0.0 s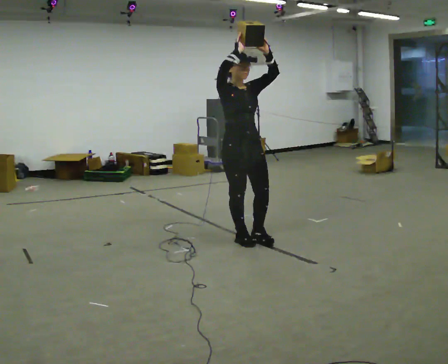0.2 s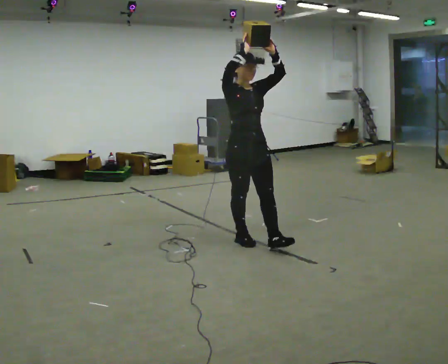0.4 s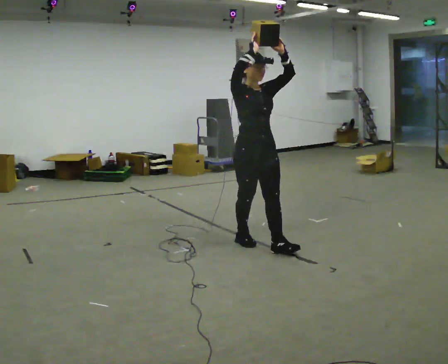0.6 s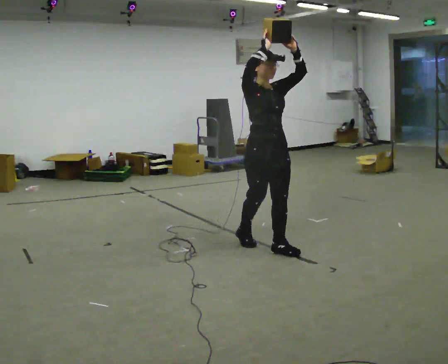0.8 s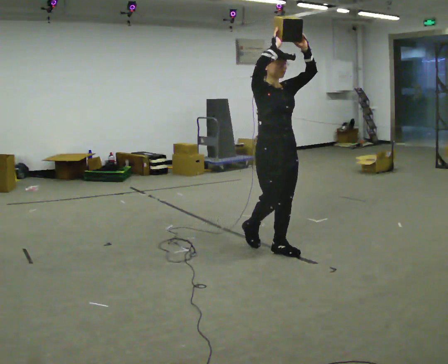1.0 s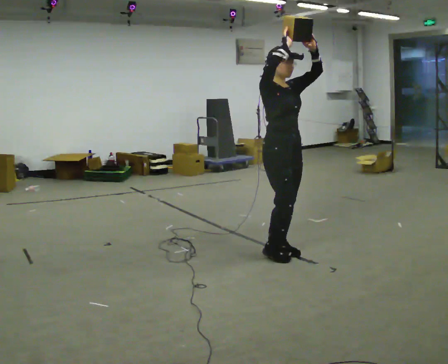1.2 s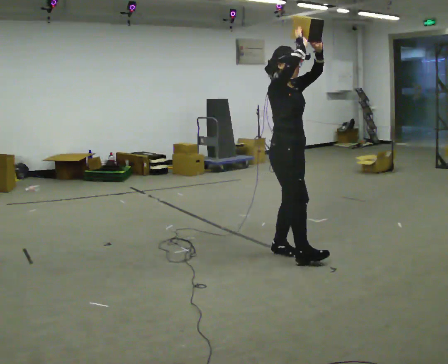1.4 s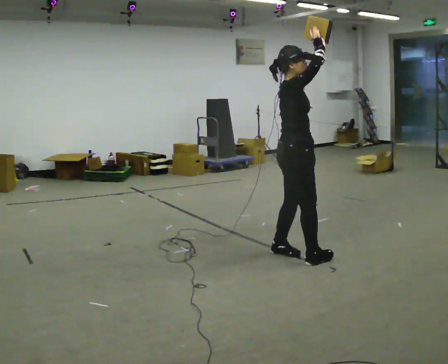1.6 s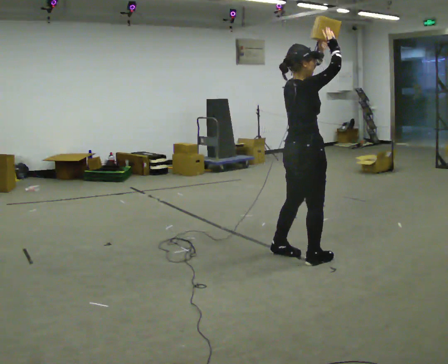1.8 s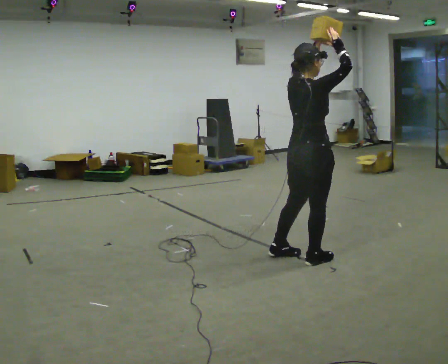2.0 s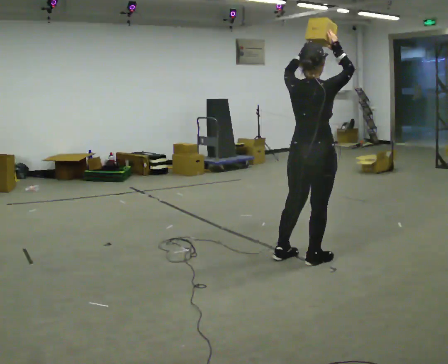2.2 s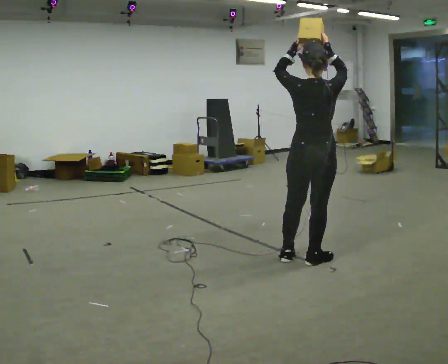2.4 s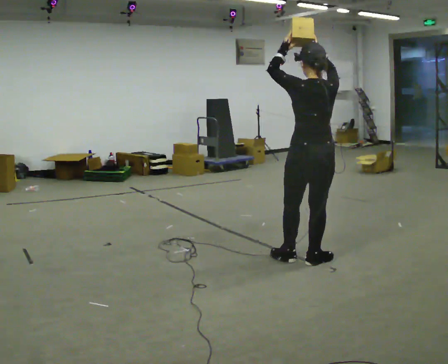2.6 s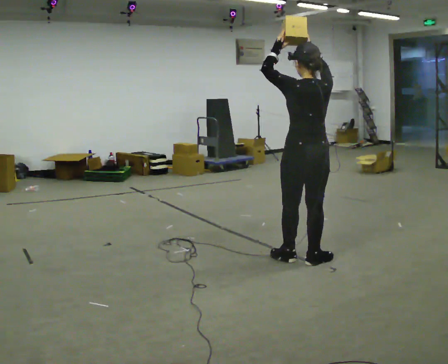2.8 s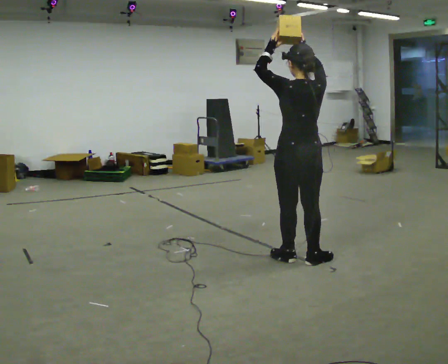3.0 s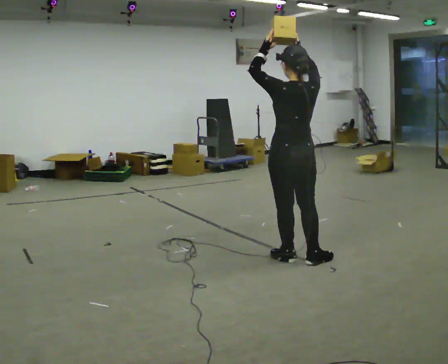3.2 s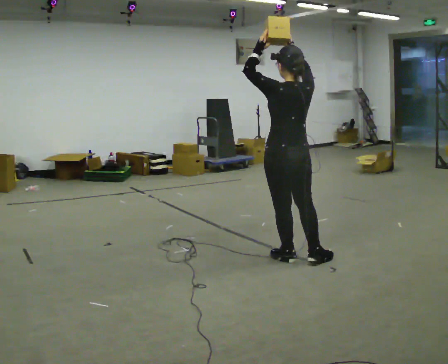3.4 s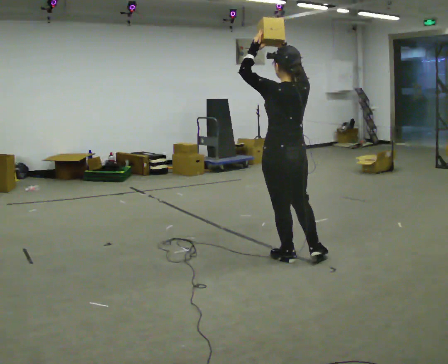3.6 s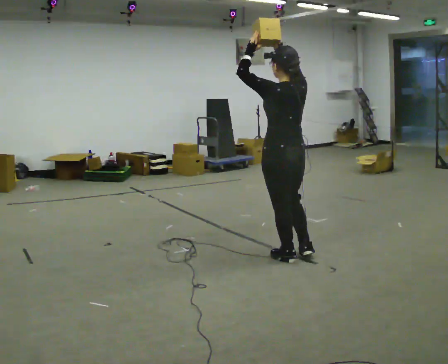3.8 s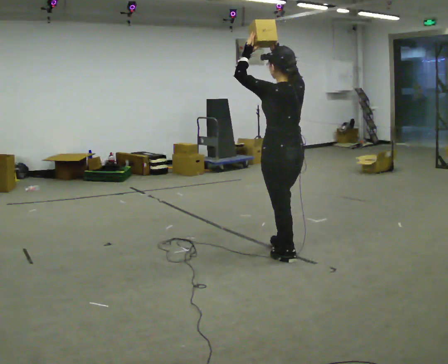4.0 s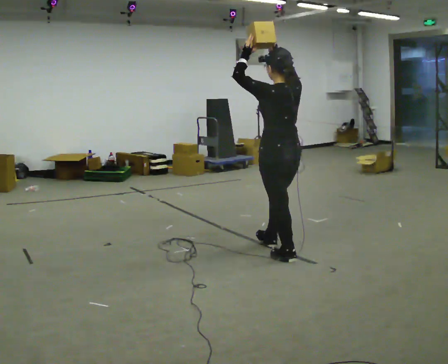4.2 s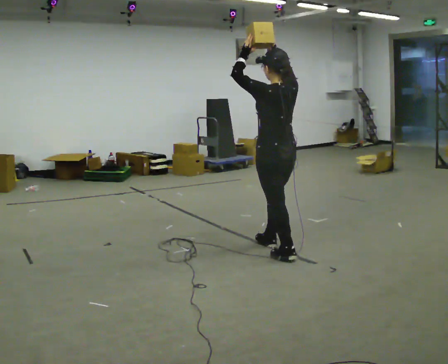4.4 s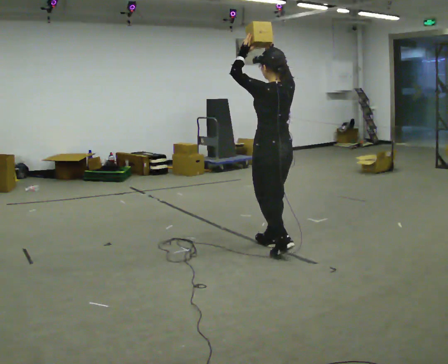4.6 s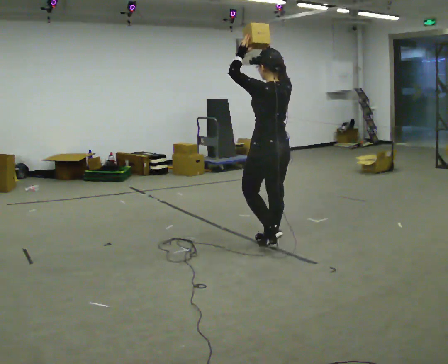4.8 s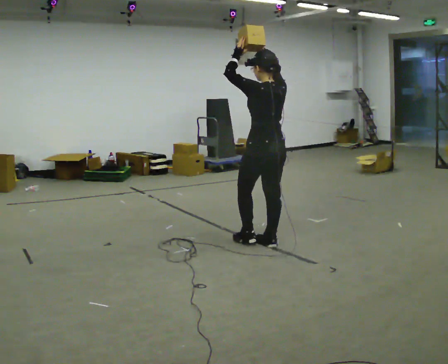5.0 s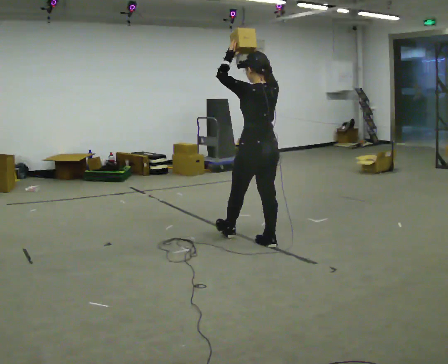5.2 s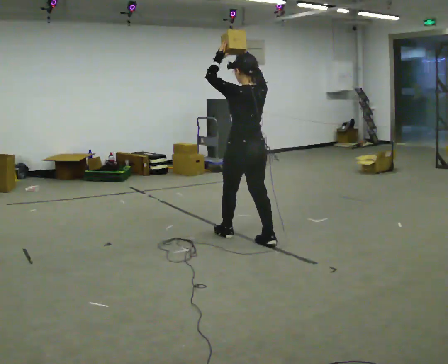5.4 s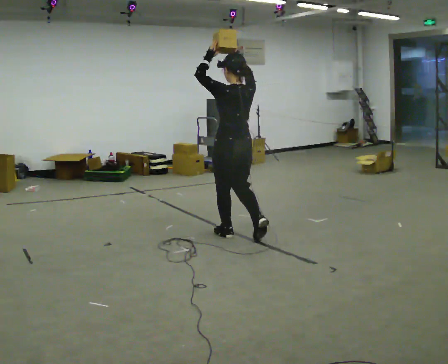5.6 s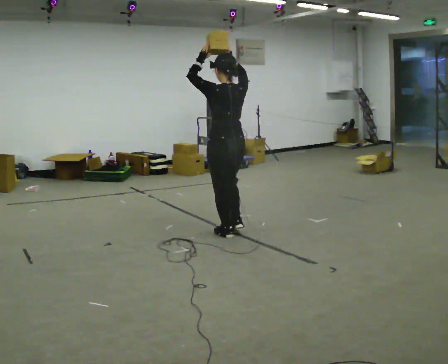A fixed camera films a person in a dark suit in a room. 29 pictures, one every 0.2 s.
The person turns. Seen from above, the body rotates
counterclockwise.
The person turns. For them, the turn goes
to their left.
0.0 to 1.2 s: The person turns about 30 degrees to their left, counterclockwise seen from above, so the part of the body nearest the lens slides to the right. In the picture they go to the right and toward the camera, about 0.5 m in 1 step, which for them is forward.
1.2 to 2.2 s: The part of the body nearest the lens slides to the right as the person turns to their left by about 105 degrees. In the picture they go to the right, about 0.25 m in 2 steps.
2.2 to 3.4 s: The part of the body nearest the lens slides to the right as the person turns to their left by about 30 degrees. In the picture they go to the left, about 0.25 m, which for them is to their left.
3.4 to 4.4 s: In the picture they go away from the camera and to the left, about 0.25 m in 1 step, which for them is forward.
4.4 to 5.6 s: In the picture they go to the left and away from the camera, about 0.5 m in 1 step, which for them is forward.
The film runs forward here.
